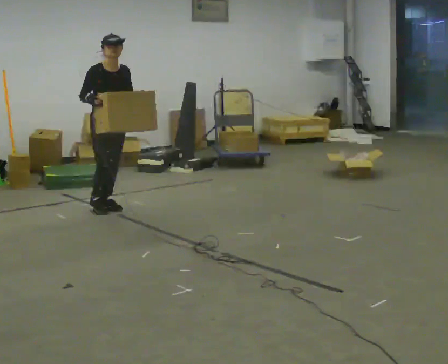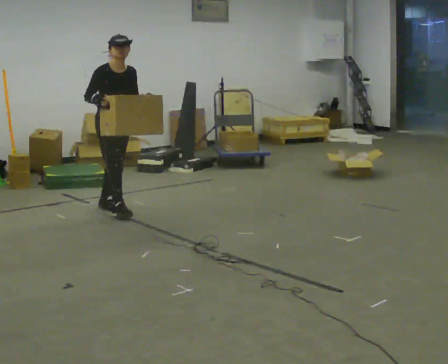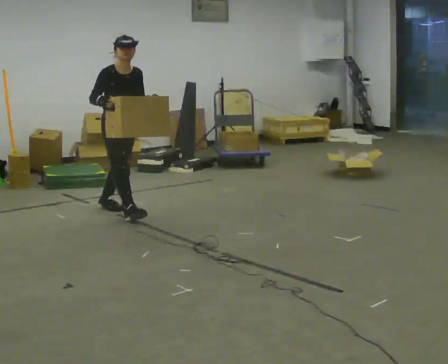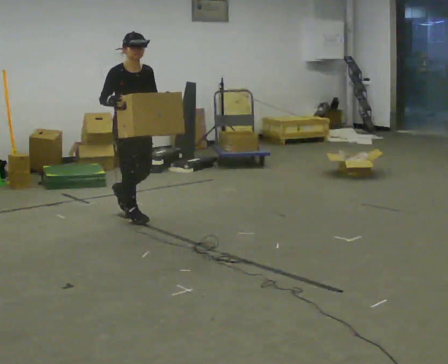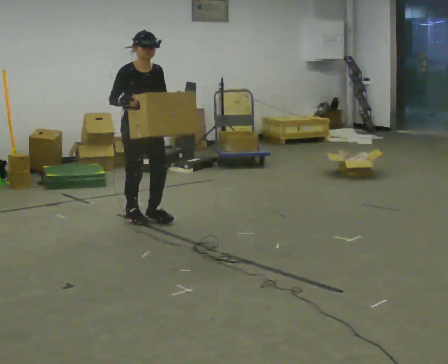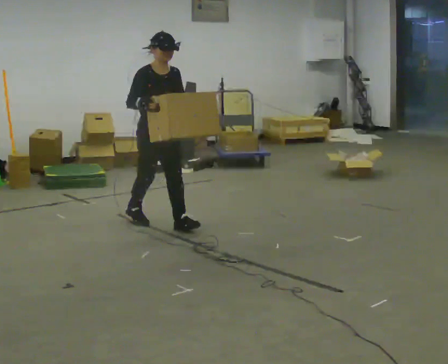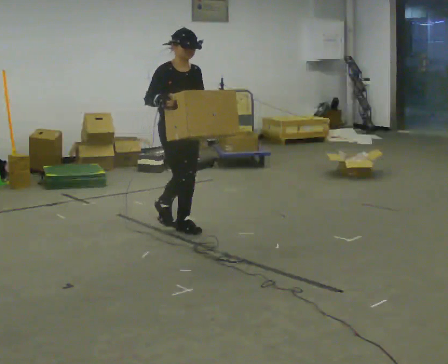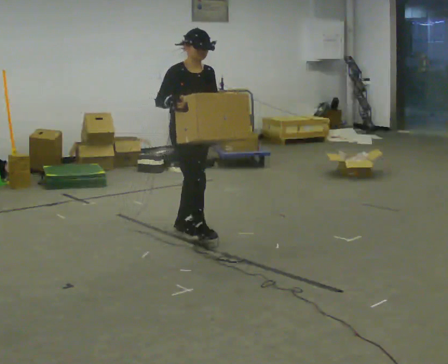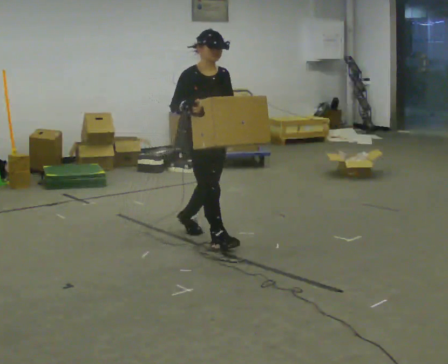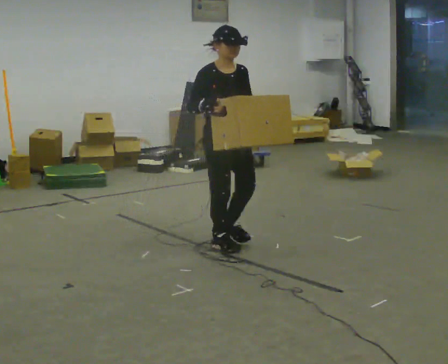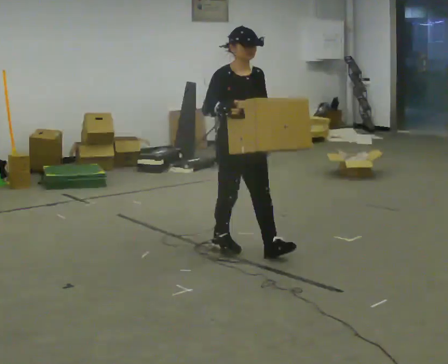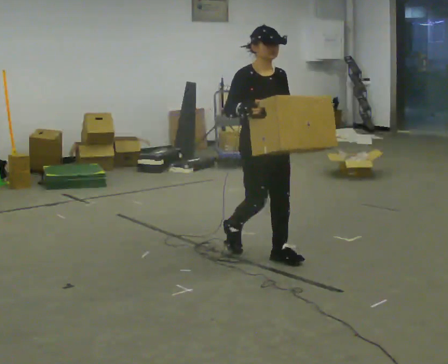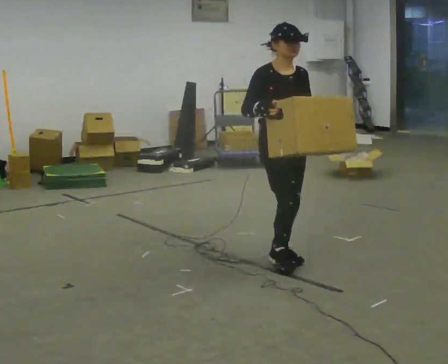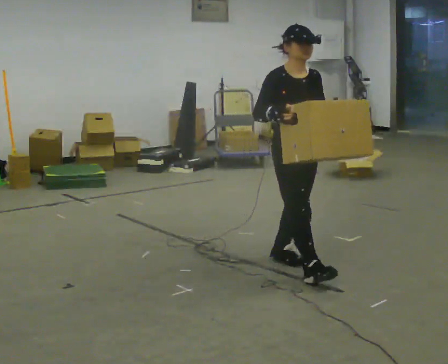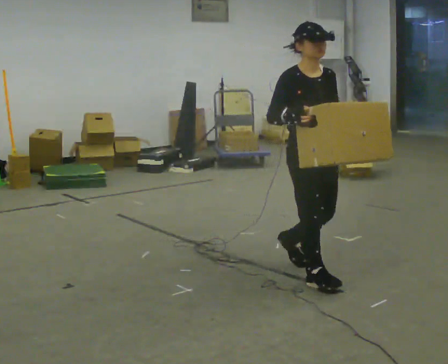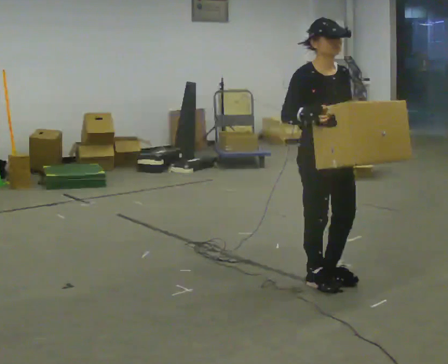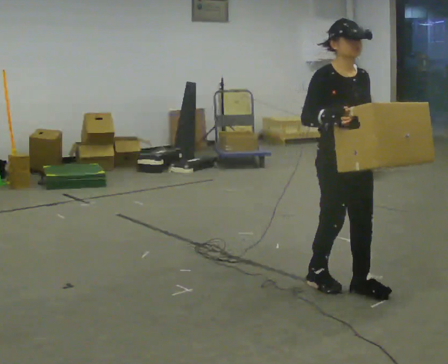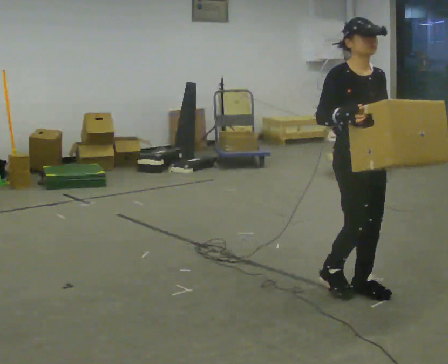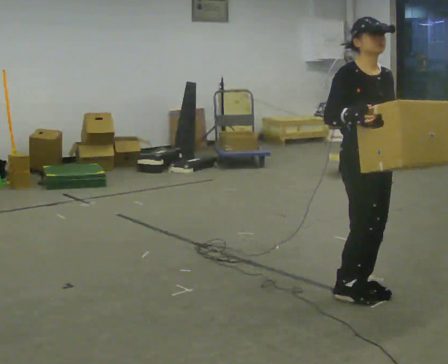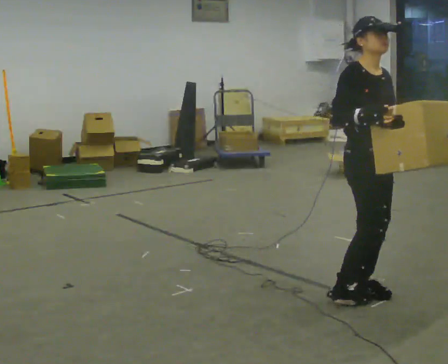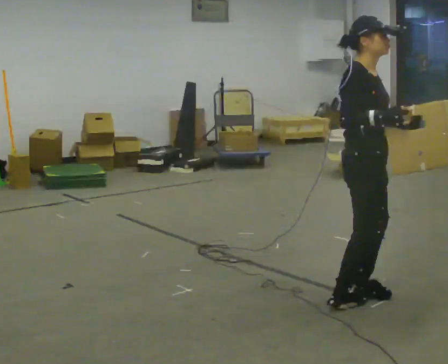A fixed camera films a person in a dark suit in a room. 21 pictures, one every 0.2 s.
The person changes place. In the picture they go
toward the camera.
0.0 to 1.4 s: In the picture they go toward the camera and to the right, about 1 m in 2 steps, which for them is forward.
1.4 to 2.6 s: In the picture they go toward the camera and to the right, about 1 m in 2 steps, which for them is forward.
2.6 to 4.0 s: The part of the body nearest the lens slides to the right as the person turns to their left by about 45 degrees. In the picture they go toward the camera, about 0.5 m in 3 steps, which for them is forward.
The film runs forward here.
